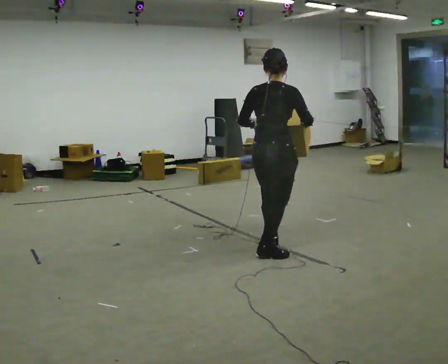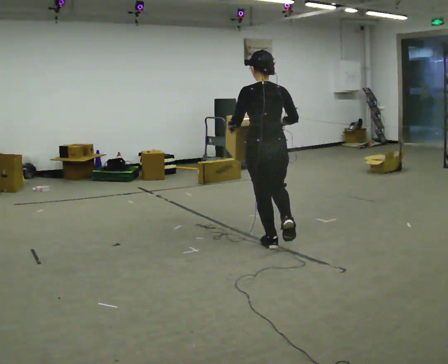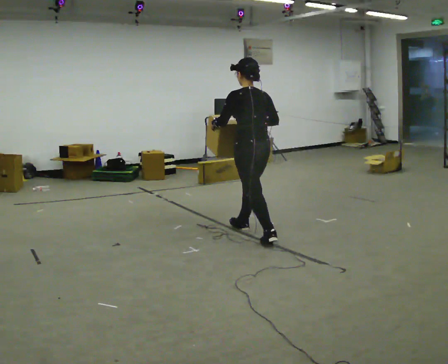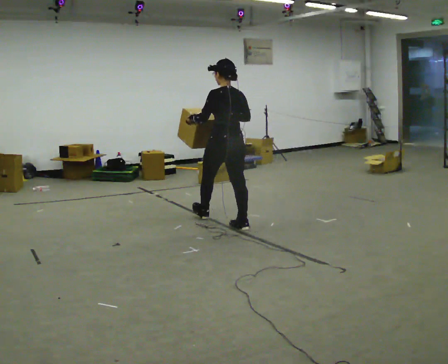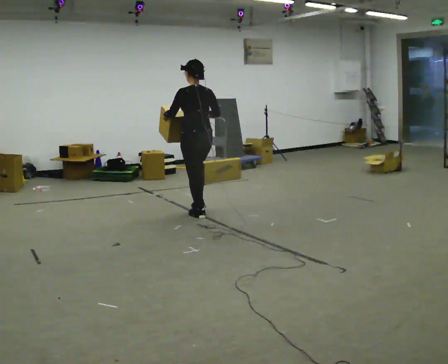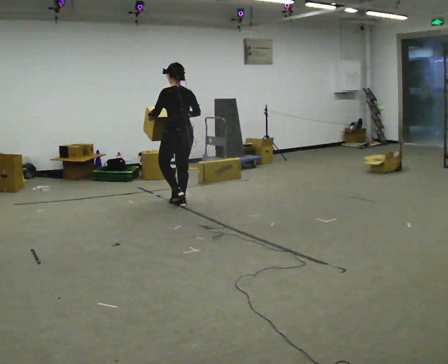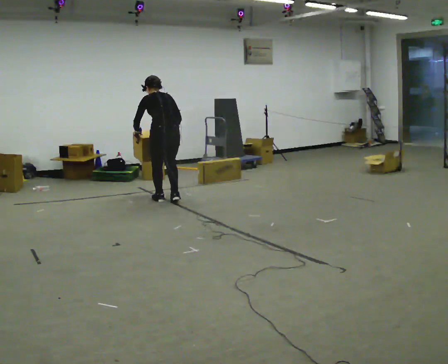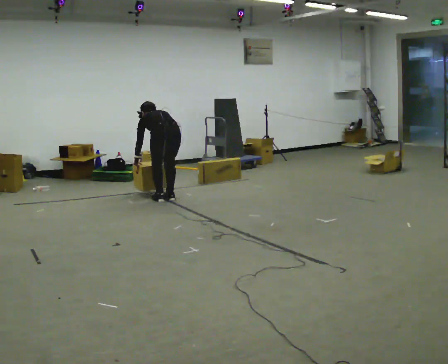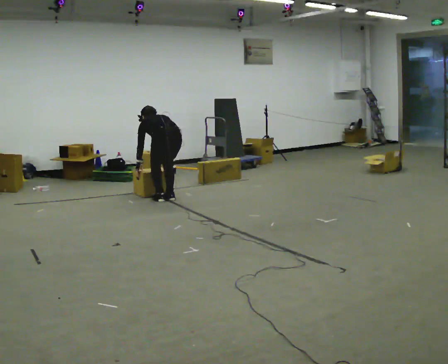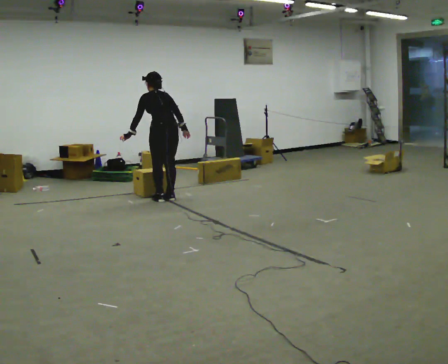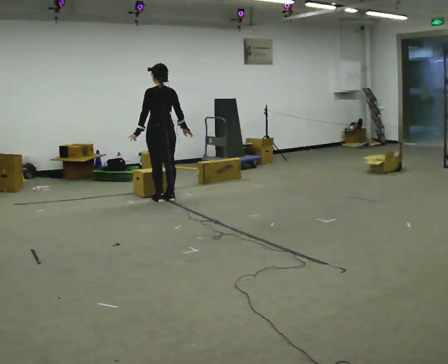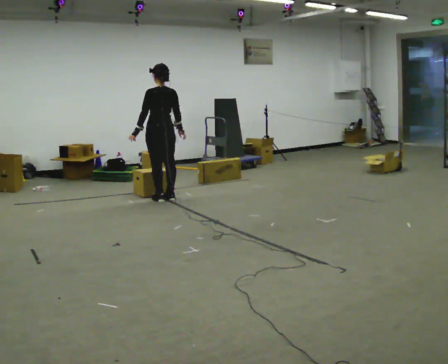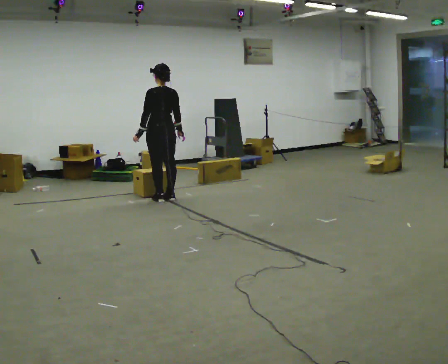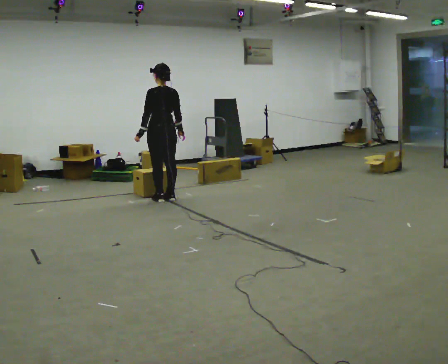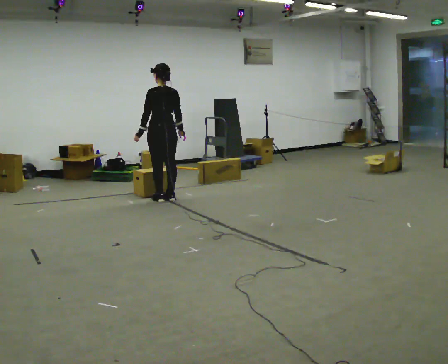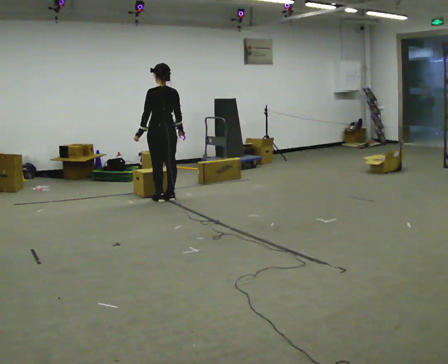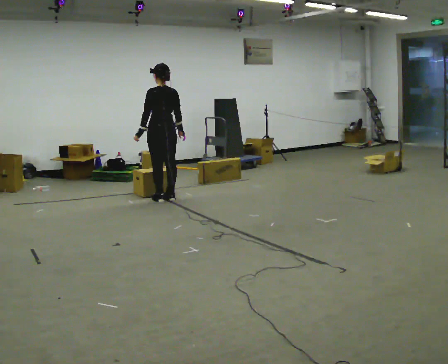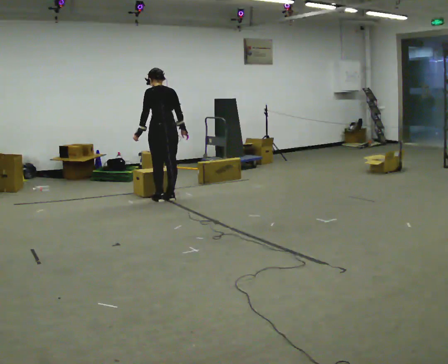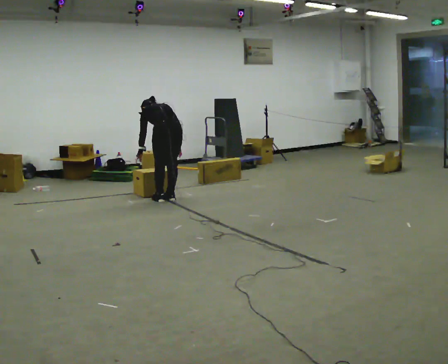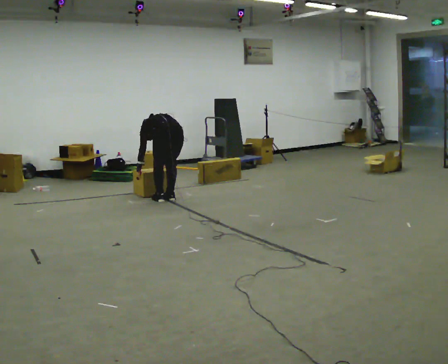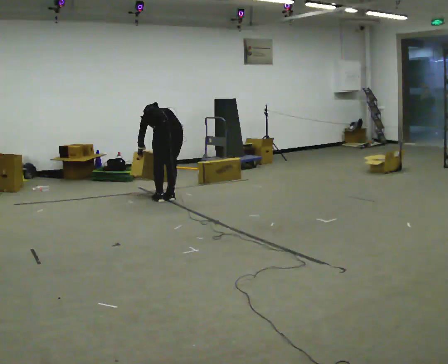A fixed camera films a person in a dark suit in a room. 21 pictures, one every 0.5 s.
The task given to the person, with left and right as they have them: Carry the box across the room as briskly as you comfortably can, back and forth. Do not run.
0.0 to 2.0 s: Seen from above the body turns counterclockwise, about 75 degrees: to their left, with its near side sliding to the right. In the picture they go away from the camera and to the left, about 1.5 m in 2 steps.
2.0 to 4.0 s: In the picture they go away from the camera and to the left, about 0.75 m in 3 steps, which for them is forward. The upper body goes downward. The upper body tips away from the camera, its near side rolling upward, as they bend forward. In the picture their left hand goes downward.
4.0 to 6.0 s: In the picture they go away from the camera, about 0.25 m, which for them is forward. The shoulders move upward. The upper body tips toward the camera, its near side rolling downward, as they lean back or straighten. In the picture their left hand goes upward.
6.0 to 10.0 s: In the picture they go toward the camera, about 0.25 m, which for them is backward.
The film runs forward here.
